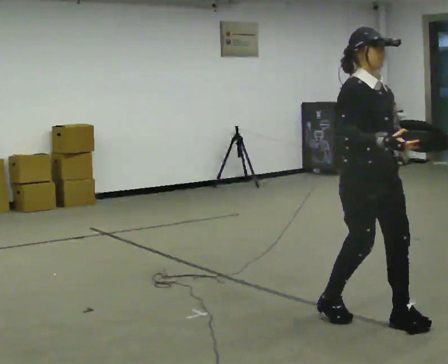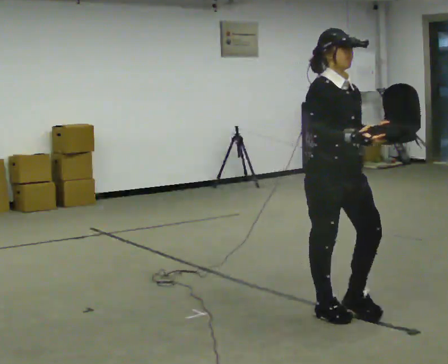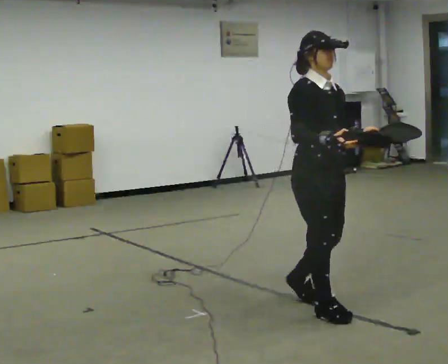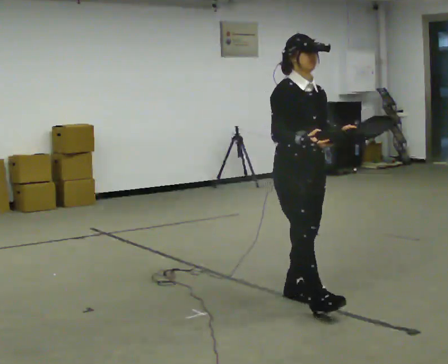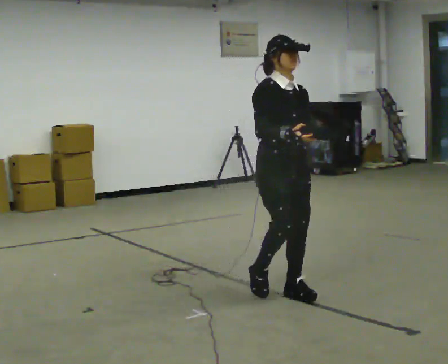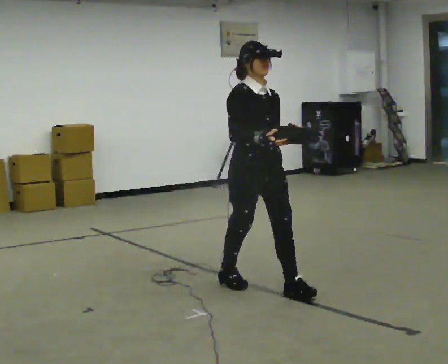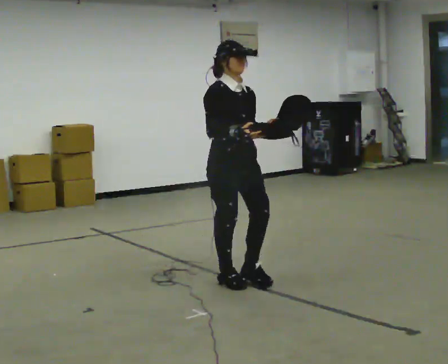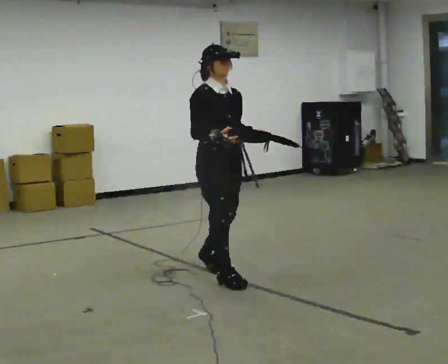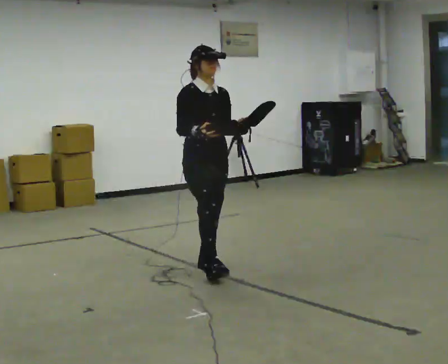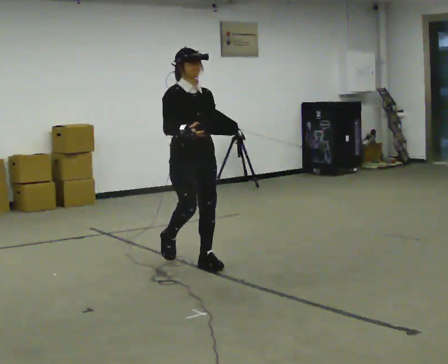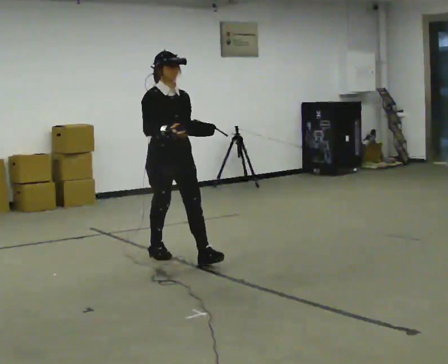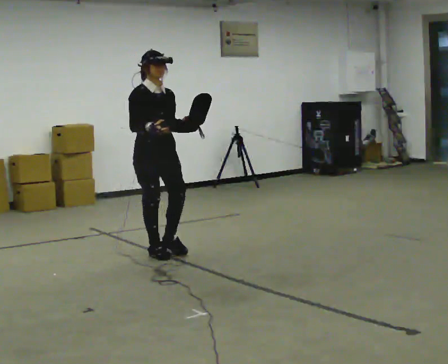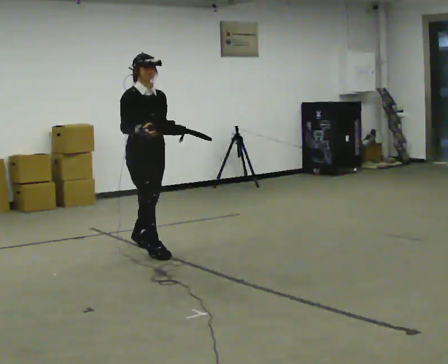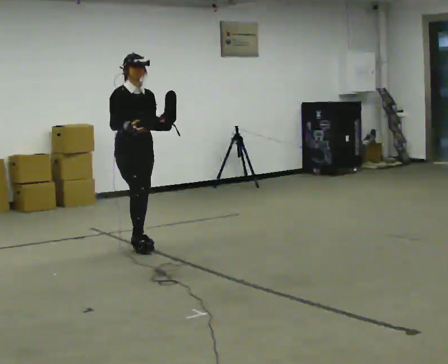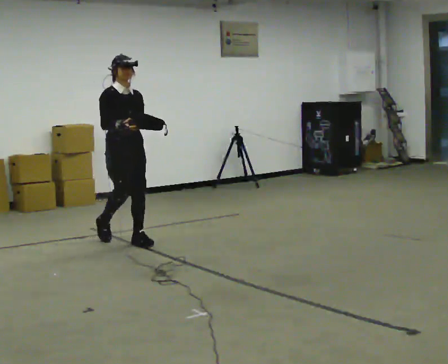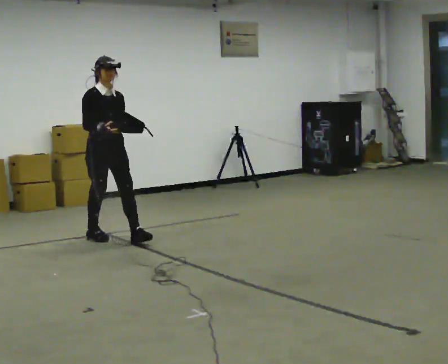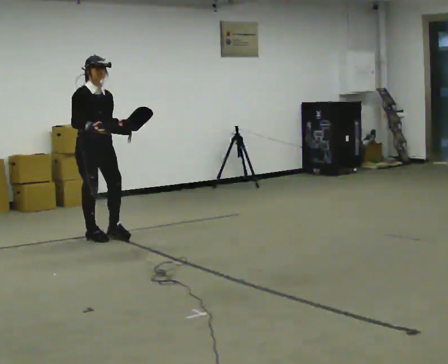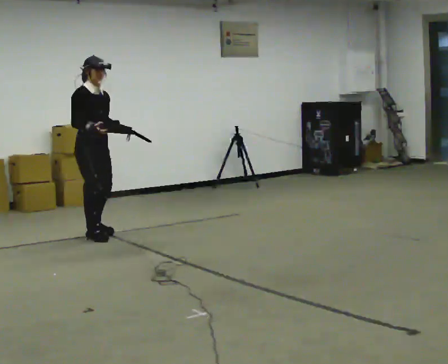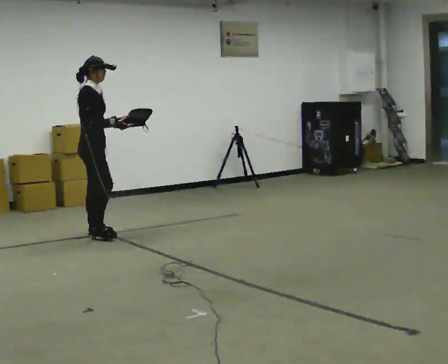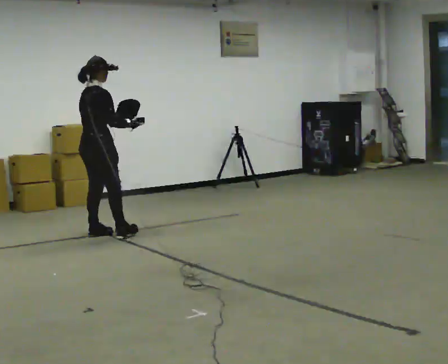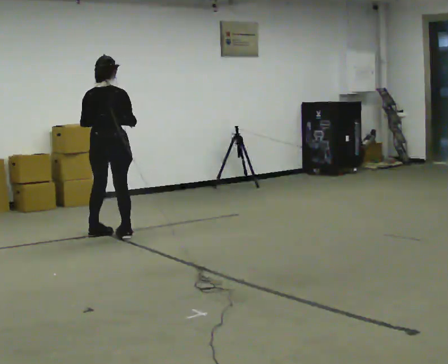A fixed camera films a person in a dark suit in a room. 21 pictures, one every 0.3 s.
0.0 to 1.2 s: In the picture they go away from the camera and to the left, about 0.5 m in 2 steps, which for them is backward.
1.2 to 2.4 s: In the picture they go away from the camera and to the left, about 1 m in 2 steps, which for them is backward.
2.4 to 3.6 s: In the picture they go away from the camera and to the left, about 1 m in 1 step, which for them is backward.
3.6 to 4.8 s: In the picture they go to the left and away from the camera, about 0.75 m in 2 steps, which for them is backward.
4.8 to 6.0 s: The person turns about 120 degrees to their left, counterclockwise seen from above, so the part of the body nearest the lens slides to the right. In the picture their right hand goes to the right.
The film runs backward here.
